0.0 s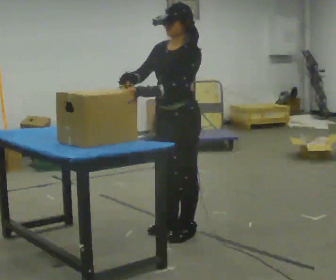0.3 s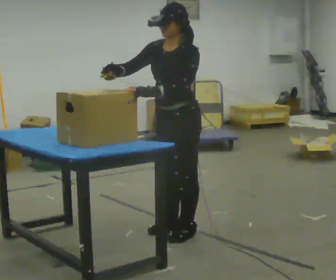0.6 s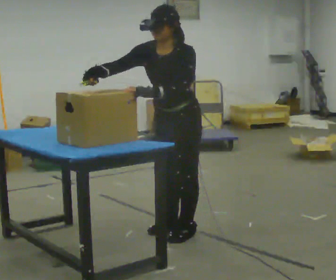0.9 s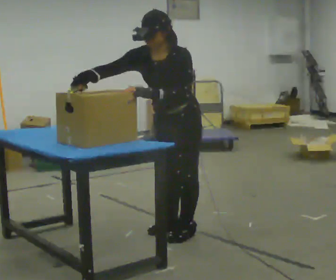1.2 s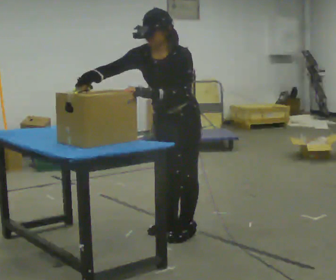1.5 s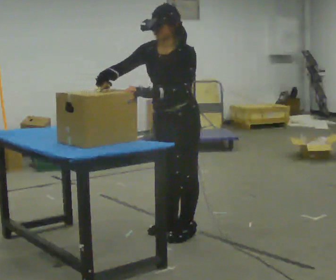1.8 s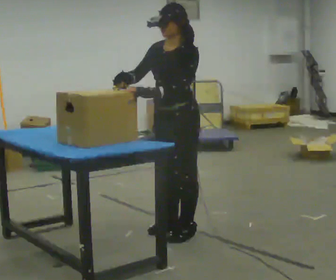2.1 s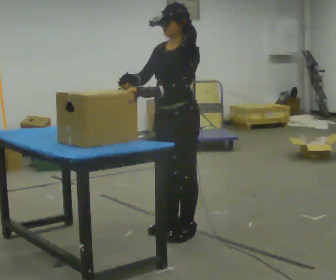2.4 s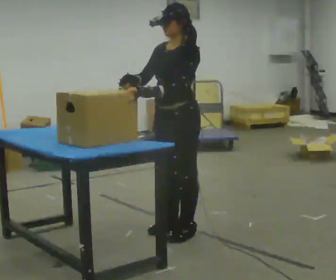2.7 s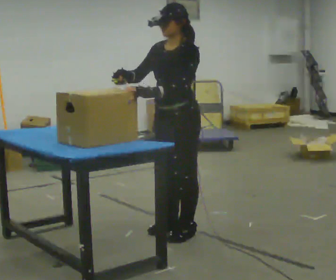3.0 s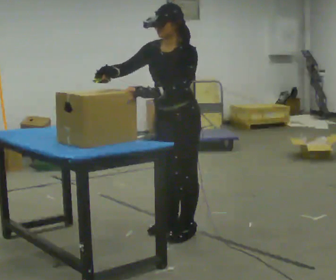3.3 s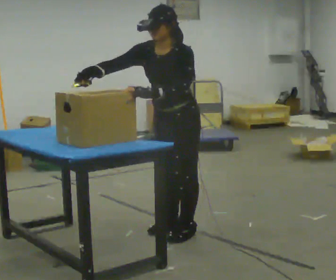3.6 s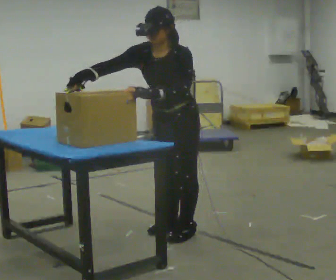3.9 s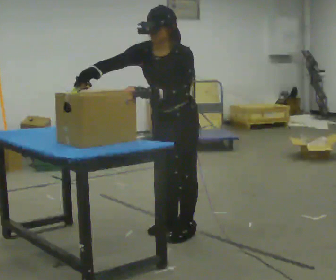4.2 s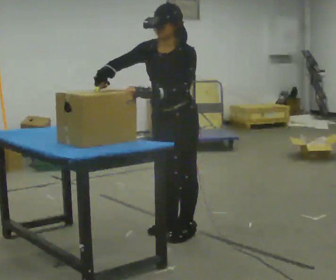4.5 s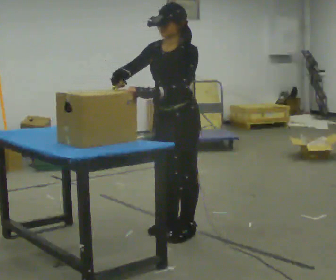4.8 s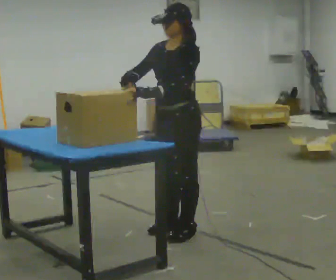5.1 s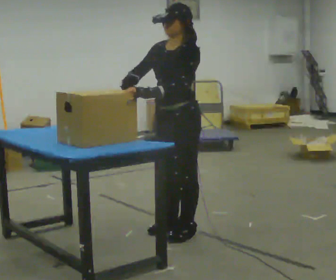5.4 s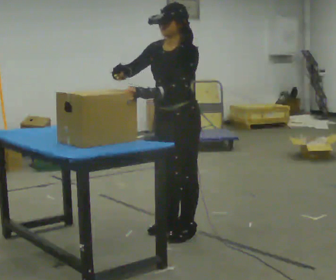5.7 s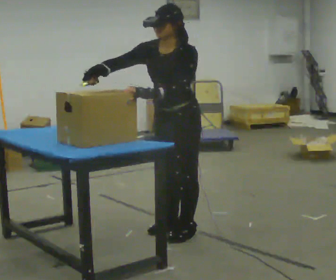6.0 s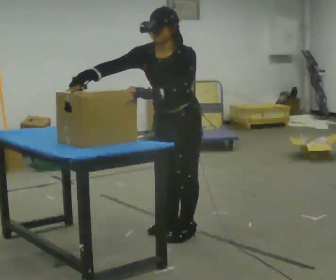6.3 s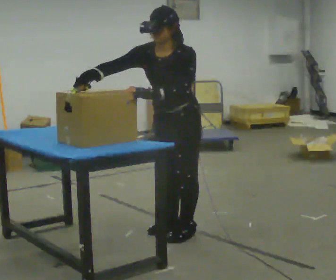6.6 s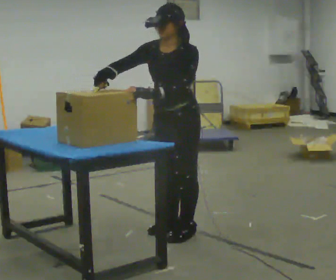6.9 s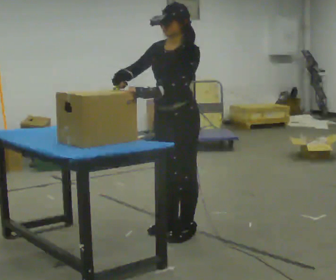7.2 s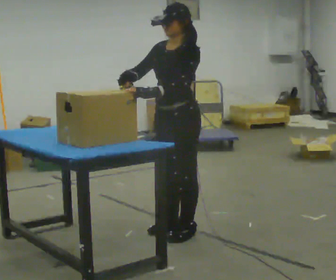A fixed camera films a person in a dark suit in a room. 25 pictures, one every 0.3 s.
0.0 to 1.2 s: The upper body tips toward the camera, its near side rolling downward, as they bend forward.
1.2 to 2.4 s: The upper body tips away from the camera, its near side rolling upward, as they lean back or straighten.
2.4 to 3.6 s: The upper body tips toward the camera, its near side rolling downward, as they bend forward.
3.6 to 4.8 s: The upper body tips away from the camera, its near side rolling upward, as they lean back or straighten.
4.8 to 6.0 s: The upper body tips toward the camera, its near side rolling downward, as they bend forward.
6.0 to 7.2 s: The upper body tips away from the camera, its near side rolling upward, as they lean back or straighten.
The film runs forward here.
